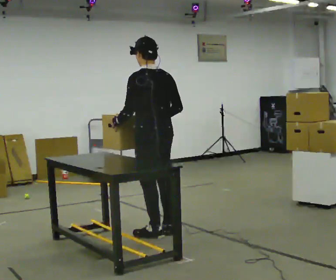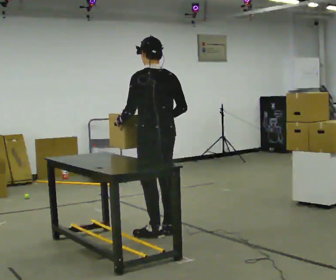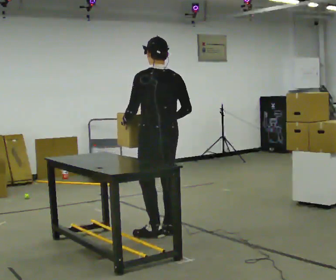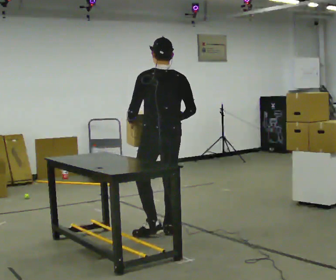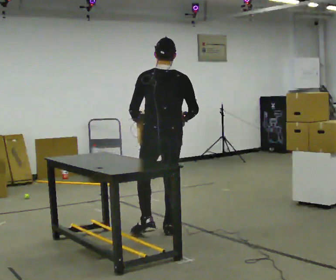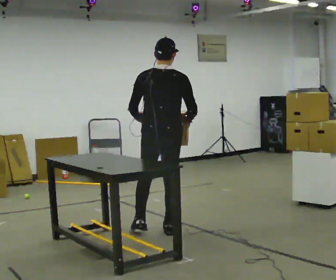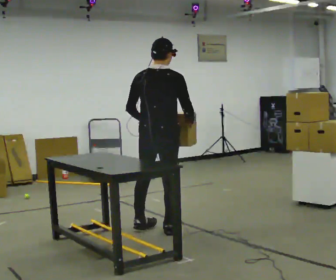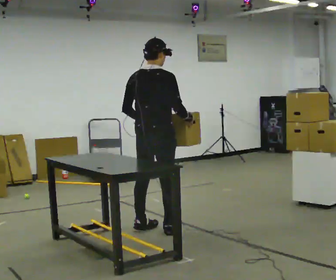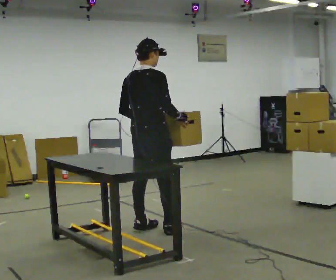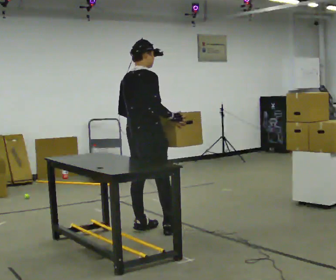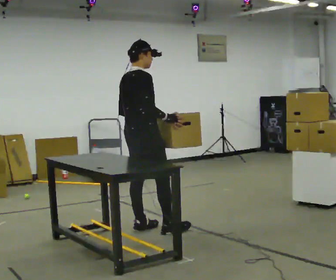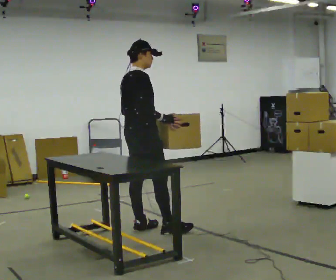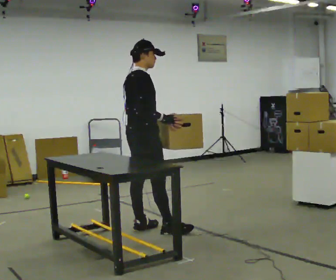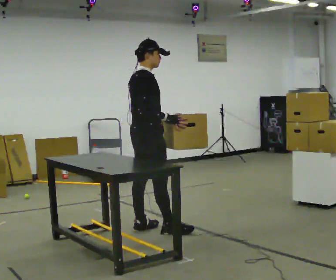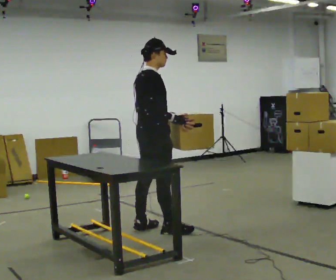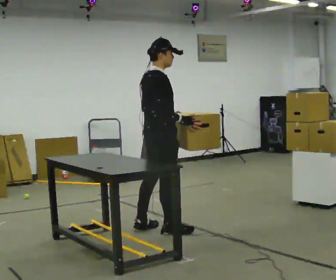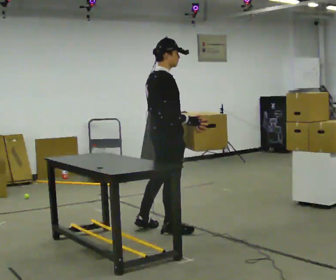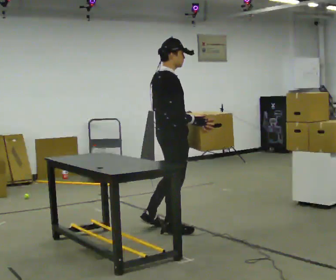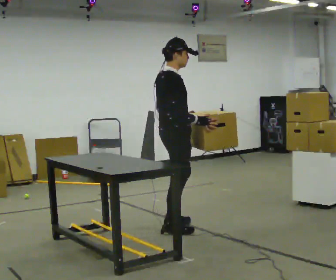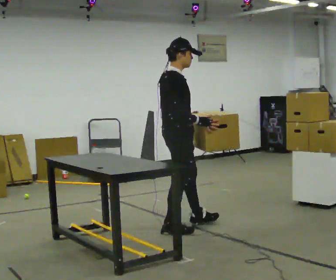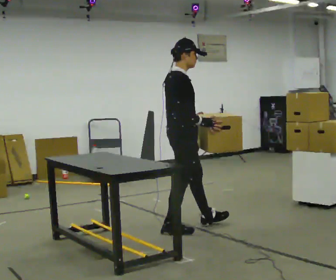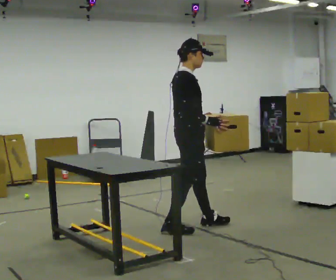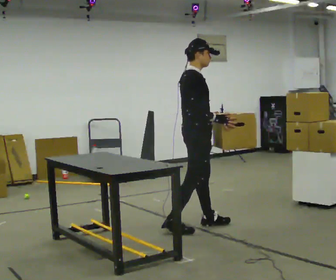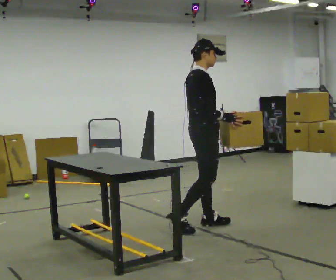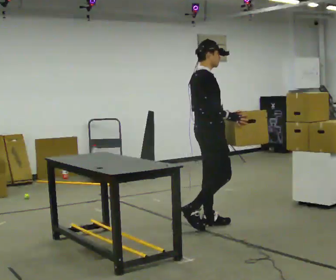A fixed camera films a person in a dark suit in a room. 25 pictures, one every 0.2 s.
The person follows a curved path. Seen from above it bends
clockwise.
The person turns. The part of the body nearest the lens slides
to the left.
0.0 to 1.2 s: Seen from above the body turns clockwise, about 60 degrees: to their right, with its near side sliding to the left.
1.2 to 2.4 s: Seen from above the body turns clockwise, about 60 degrees: to their right, with its near side sliding to the left. In the picture they go to the left, about 0.25 m, which for them is to their left.
2.4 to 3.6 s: In the picture they go to the right, about 0.25 m, which for them is forward and to their right.
3.6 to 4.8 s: In the picture they go to the right and away from the camera, about 0.5 m in 1 step, which for them is forward and to their left.
The film runs forward here.
